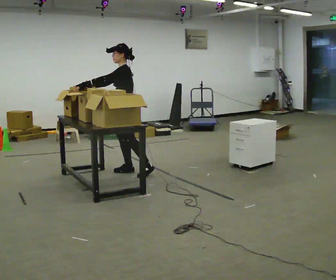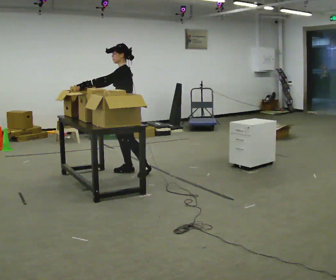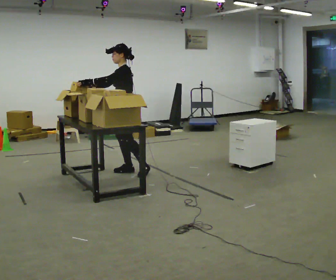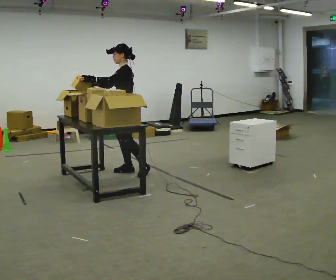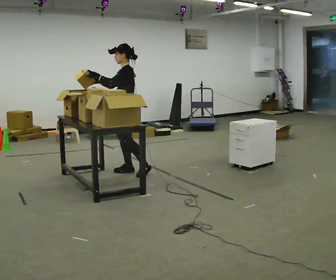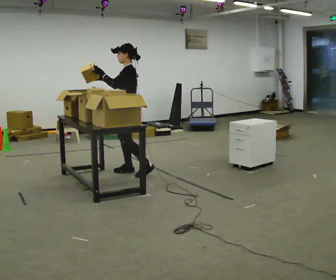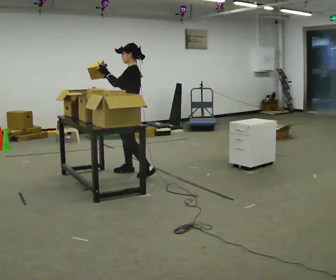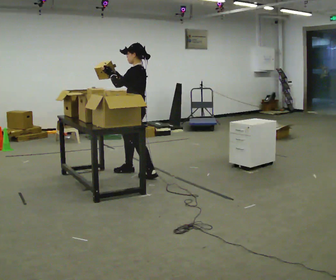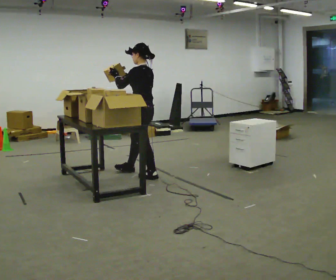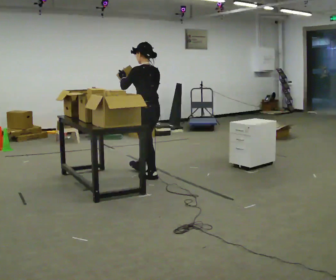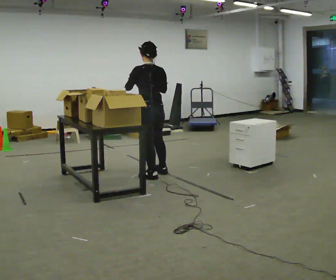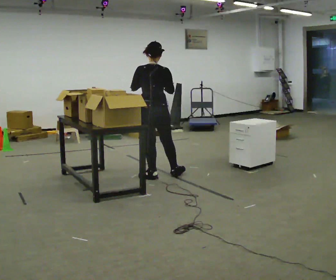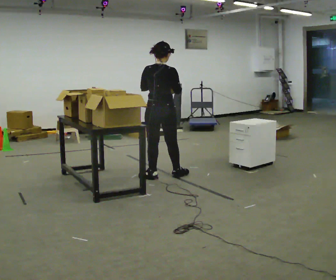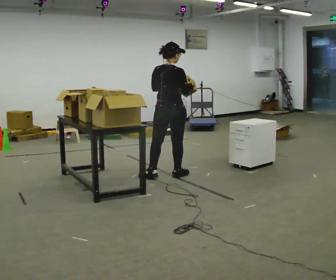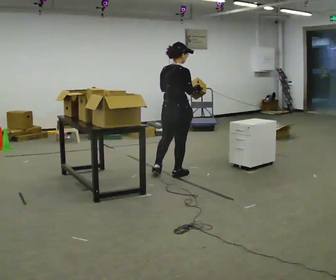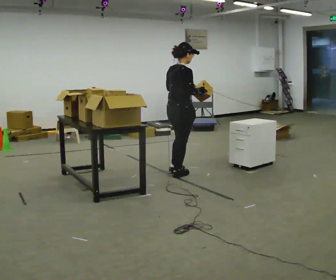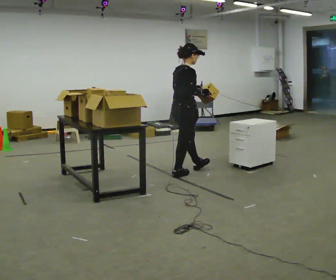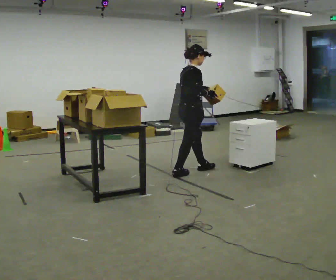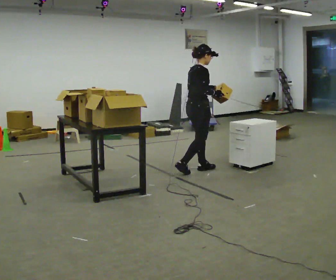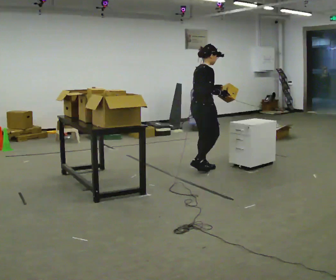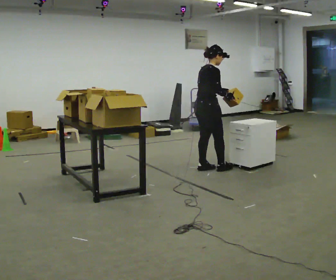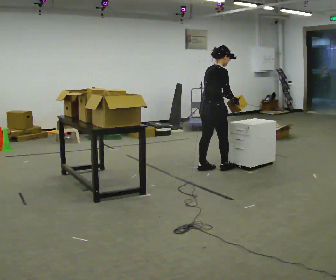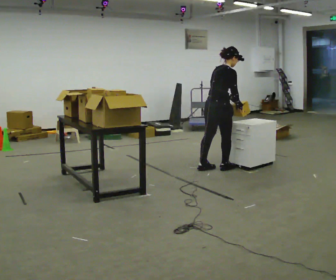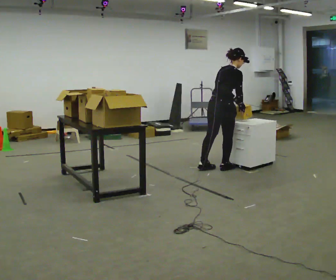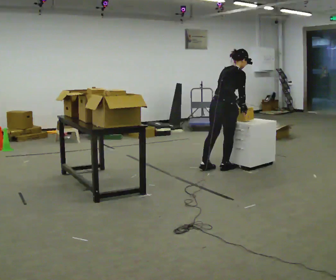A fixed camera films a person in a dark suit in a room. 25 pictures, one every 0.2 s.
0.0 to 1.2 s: The person moves a little, or ends about where they began.
1.2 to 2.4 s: The person turns about 90 degrees to their right, clockwise seen from above, so the part of the body nearest the lens slides to the left. In the picture they go to the right and toward the camera, about 0.5 m in 2 steps.
2.4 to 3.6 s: The person turns about 75 degrees to their right, clockwise seen from above, so the part of the body nearest the lens slides to the left. In the picture they go to the right and away from the camera, about 0.5 m in 1 step.
3.6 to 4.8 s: The part of the body nearest the lens slides to the right as the person turns to their left by about 30 degrees. In the picture they go to the right, about 0.25 m in 1 step, which for them is forward and to their right. In the picture the upper body tilts clockwise, shoulders to the right, as they bend forward.
The film runs forward here.
